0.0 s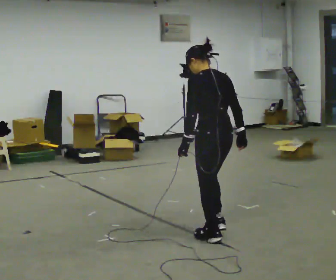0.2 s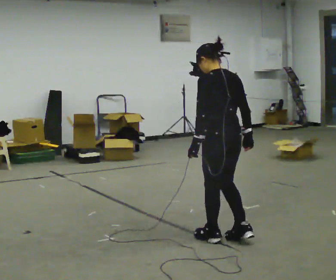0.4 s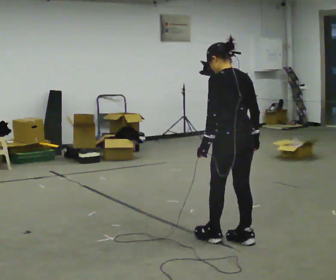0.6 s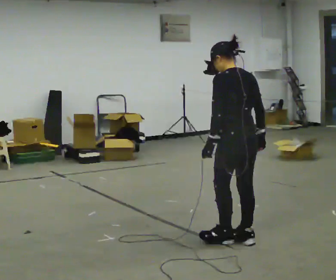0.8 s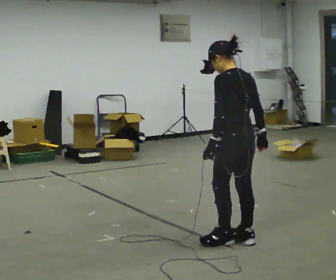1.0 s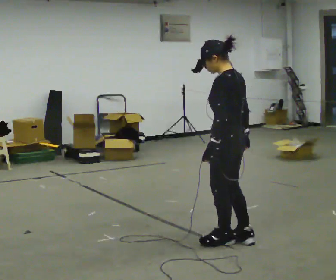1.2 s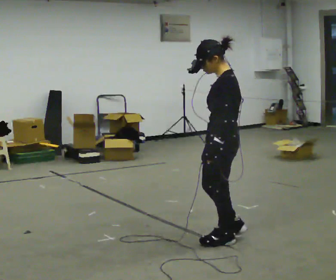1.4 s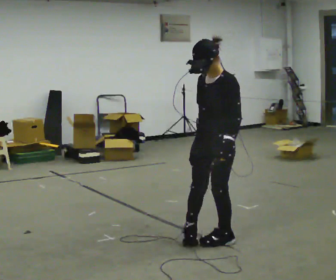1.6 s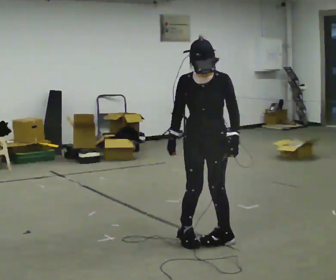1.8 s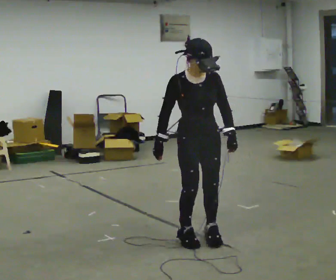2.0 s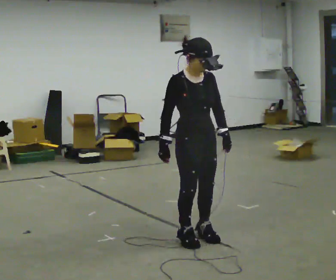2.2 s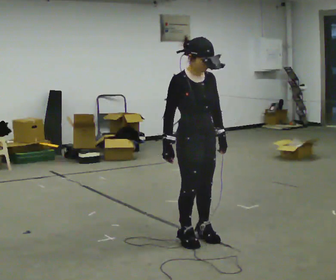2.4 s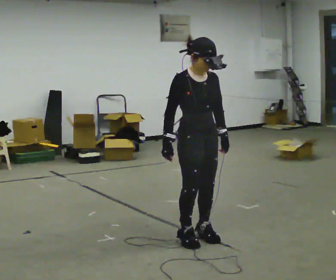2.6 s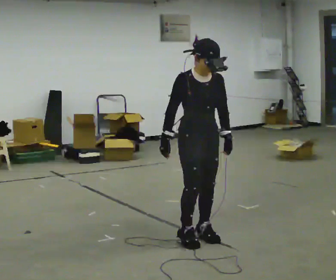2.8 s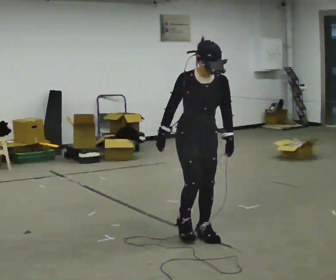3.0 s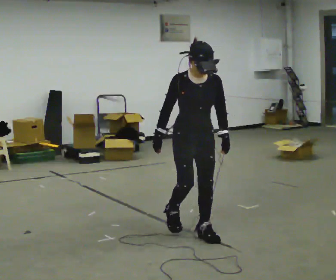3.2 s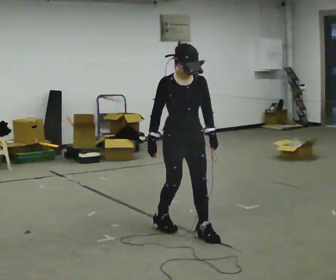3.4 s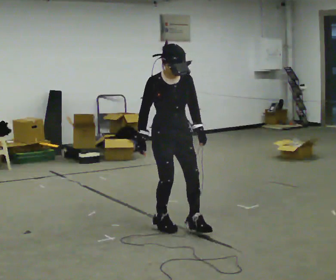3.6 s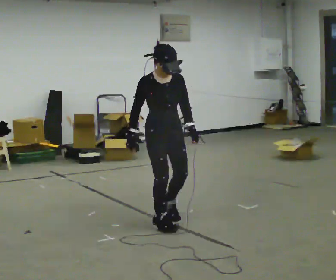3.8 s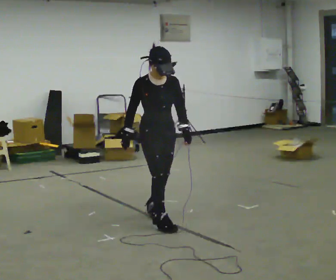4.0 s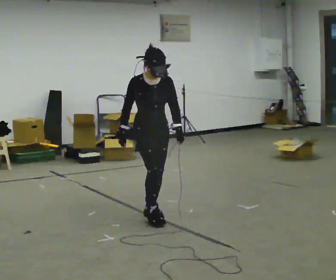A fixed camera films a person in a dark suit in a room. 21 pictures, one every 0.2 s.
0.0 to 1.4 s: The part of the body nearest the lens slides to the right as the person turns to their left by about 105 degrees. In the picture their right hand goes to the left, the arm swinging clockwise.
1.4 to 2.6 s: The person turns about 60 degrees to their left, counterclockwise seen from above, so the part of the body nearest the lens slides to the right.
2.6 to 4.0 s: In the picture they go away from the camera and to the left, about 0.5 m in 2 steps, which for them is backward.
The film runs forward here.
